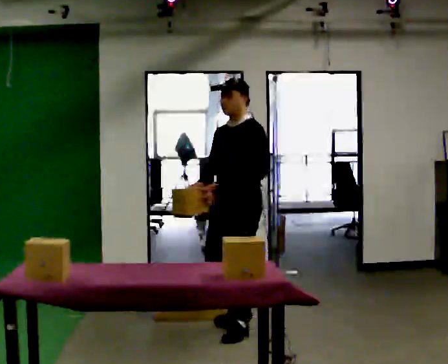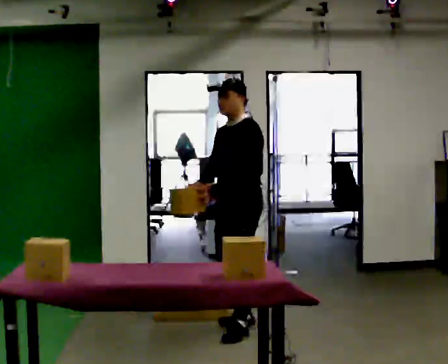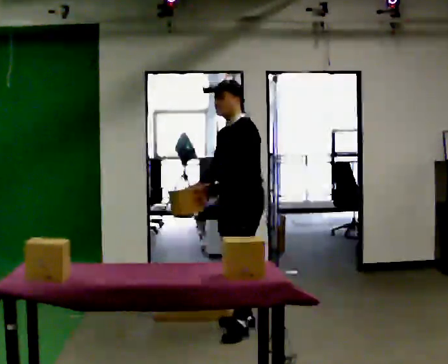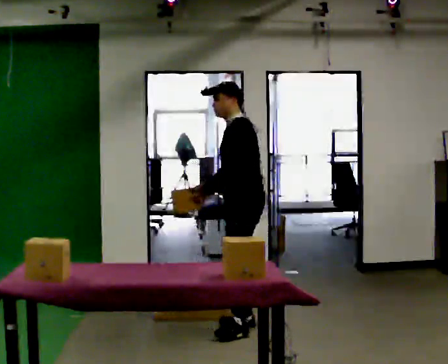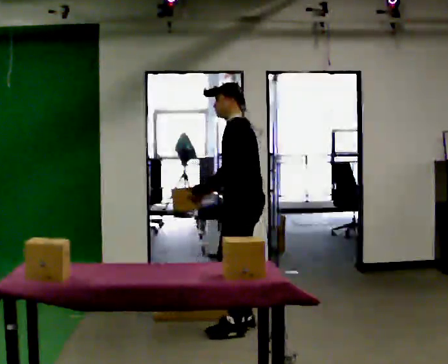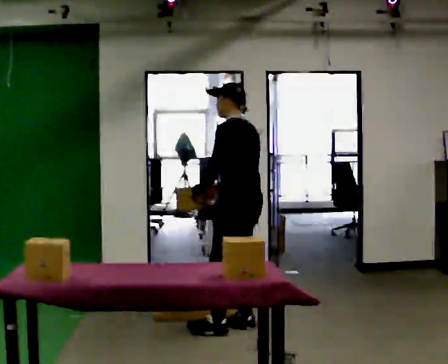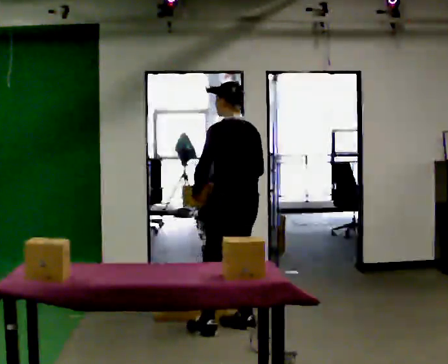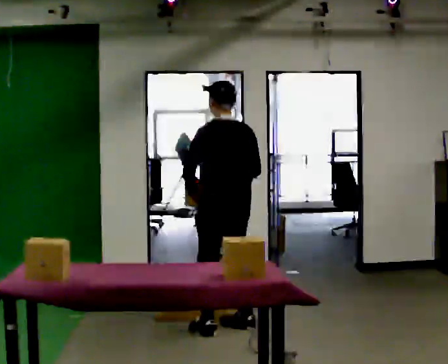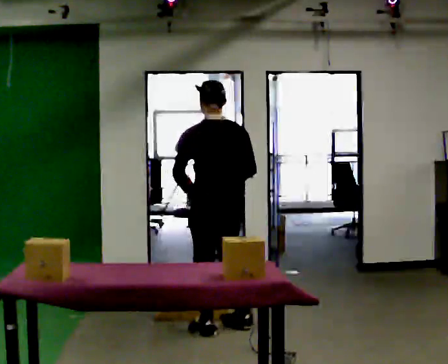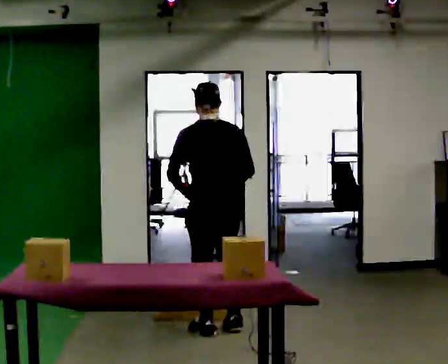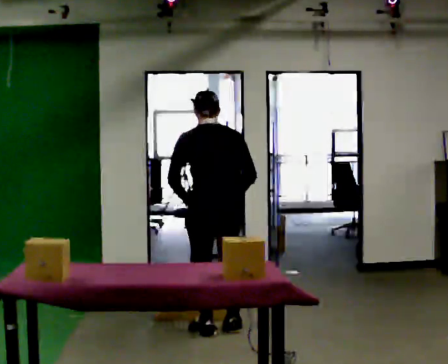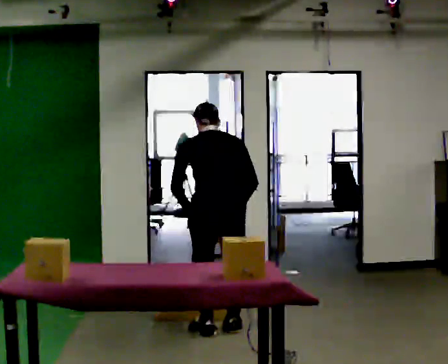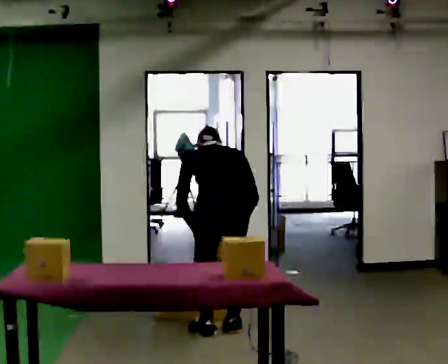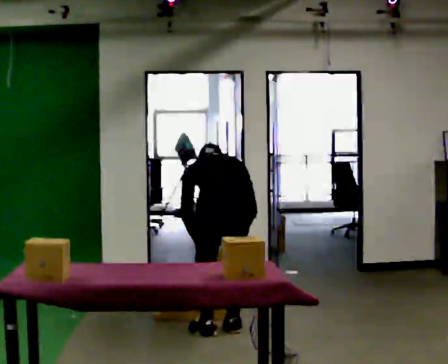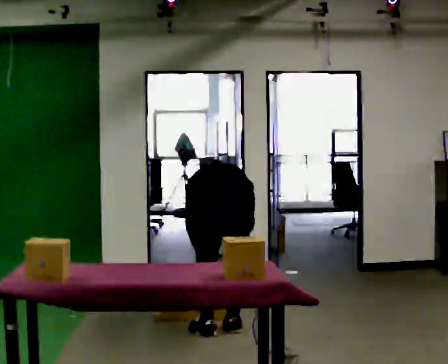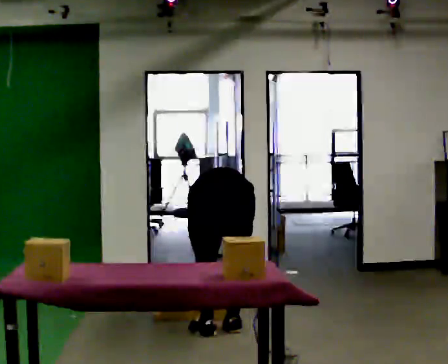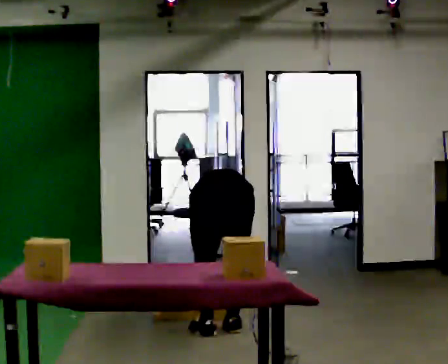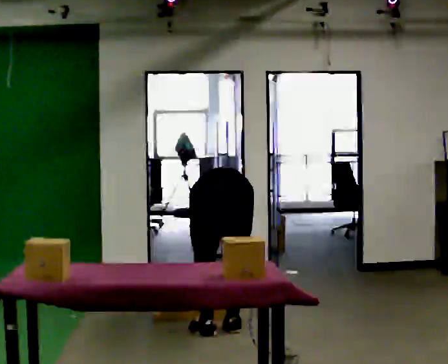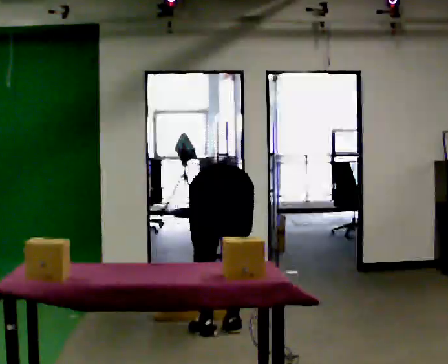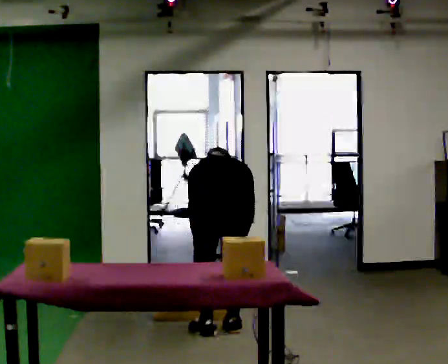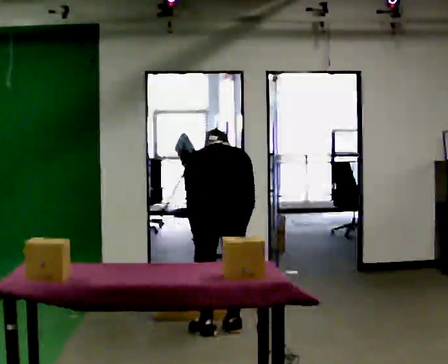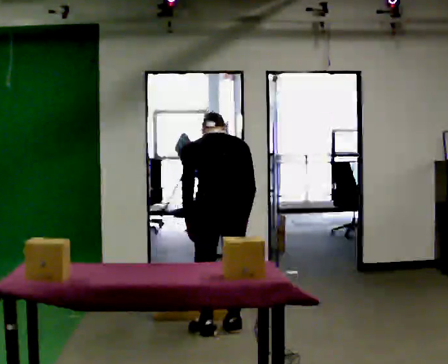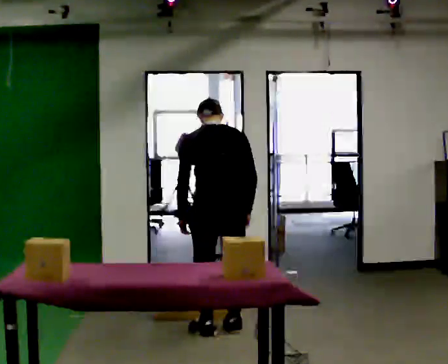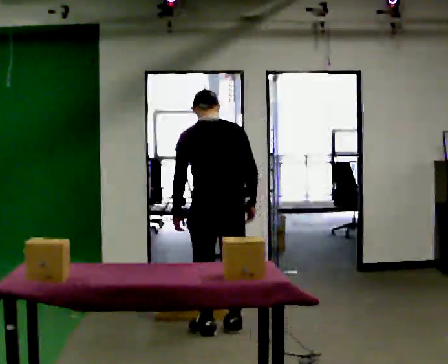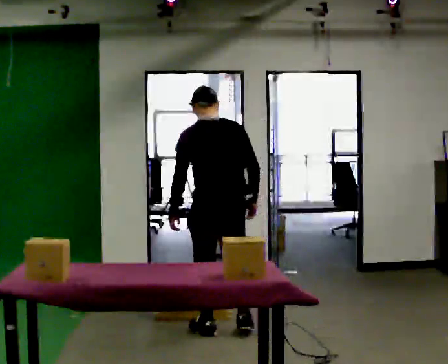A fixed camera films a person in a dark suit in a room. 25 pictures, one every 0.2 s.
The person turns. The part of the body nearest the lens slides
to the left.
The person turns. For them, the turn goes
to their right.
0.0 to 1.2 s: Seen from above the body turns clockwise, about 75 degrees: to their right, with its near side sliding to the left.
1.2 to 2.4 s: Seen from above the body turns clockwise, about 30 degrees: to their right, with its near side sliding to the left. In the picture they go toward the camera, about 0.25 m in 1 step, which for them is to their left and backward. The upper body goes downward. The upper body tips away from the camera, its near side rolling upward, as they bend forward.
2.4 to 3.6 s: The person moves a little, or ends about where they began.
3.6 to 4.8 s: The upper body goes upward. The upper body tips toward the camera, its near side rolling downward, as they lean back or straighten. In the picture their right hand goes upward.
The film runs backward here.
